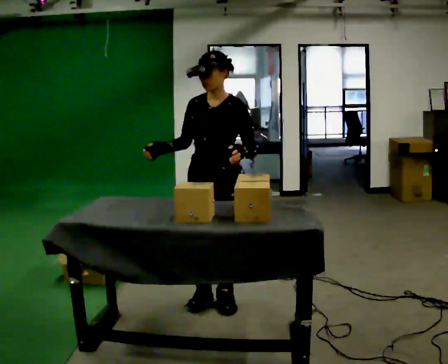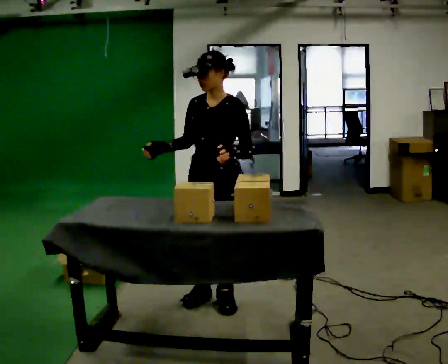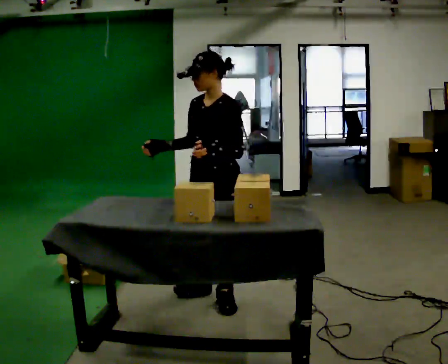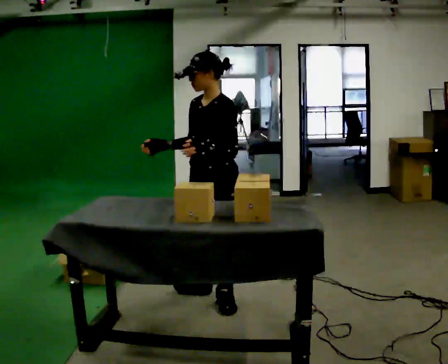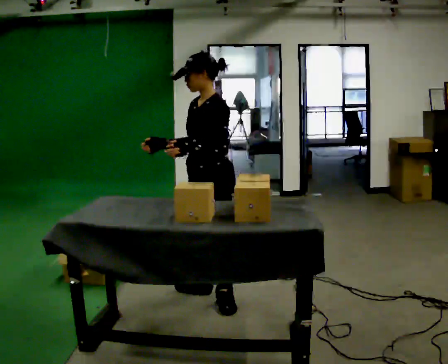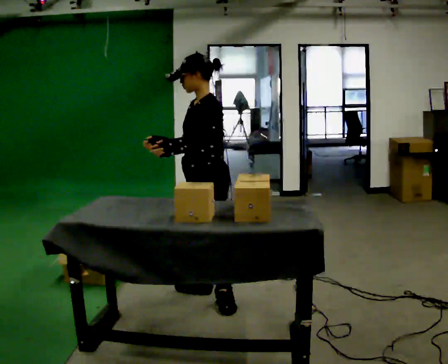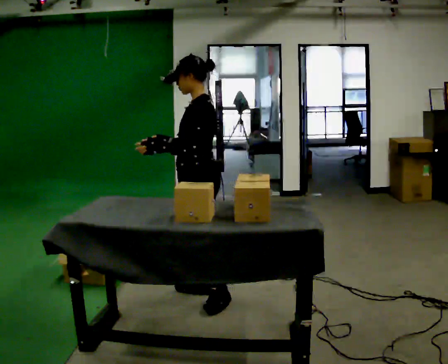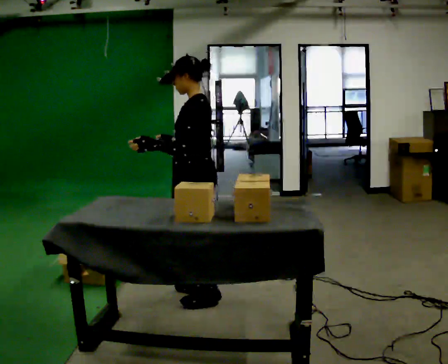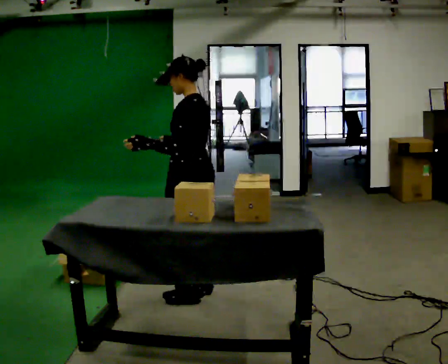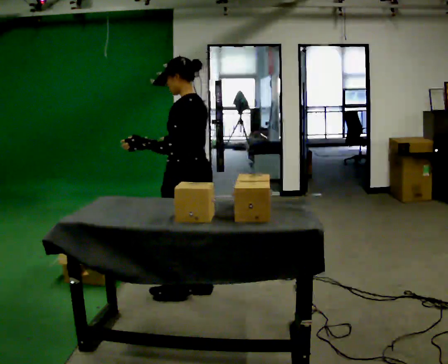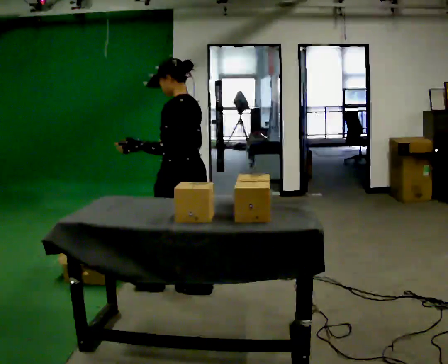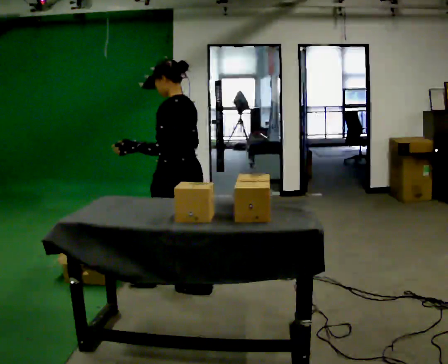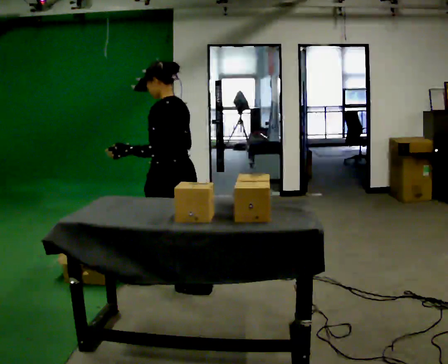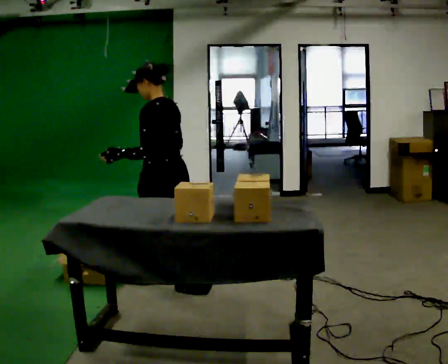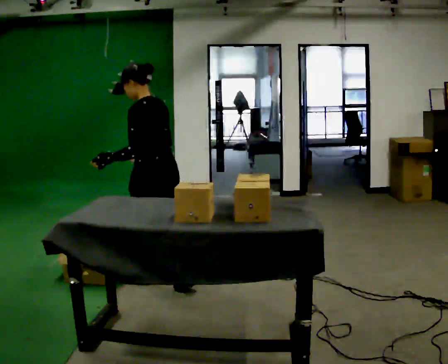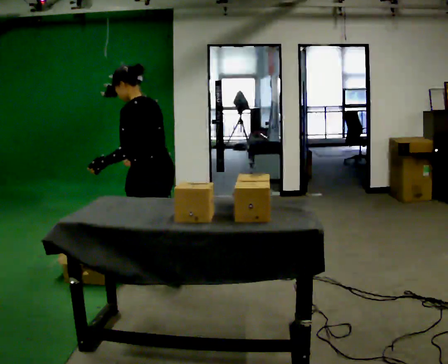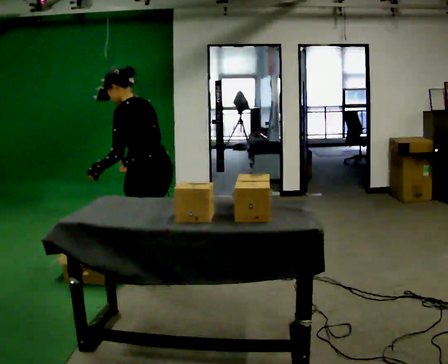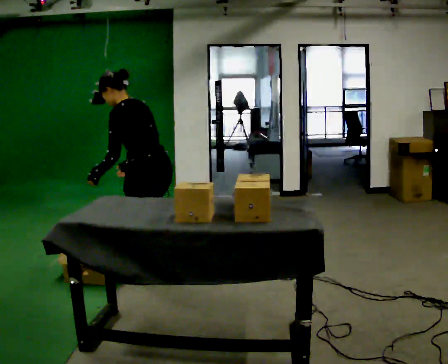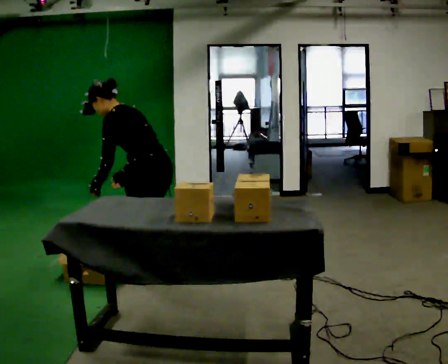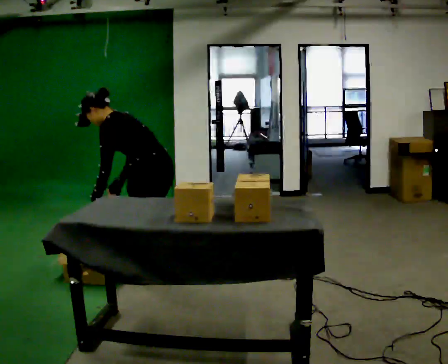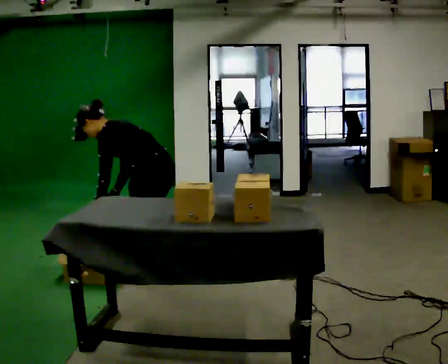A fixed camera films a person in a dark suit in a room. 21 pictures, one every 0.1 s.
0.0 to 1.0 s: The person turns about 90 degrees to their right, clockwise seen from above, so the part of the body nearest the lens slides to the left. In the picture they go away from the camera and to the left, about 0.25 m.
1.0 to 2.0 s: In the picture they go to the left and away from the camera, about 0.25 m in 2 steps, which for them is forward. The shoulders move downward. In the picture the upper body tilts counterclockwise, shoulders to the left, as they bend forward. In the picture their left hand goes downward.
The film runs forward here.
